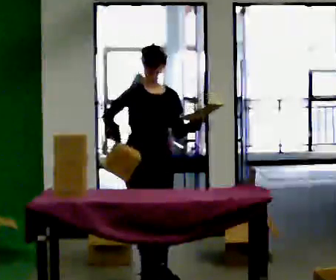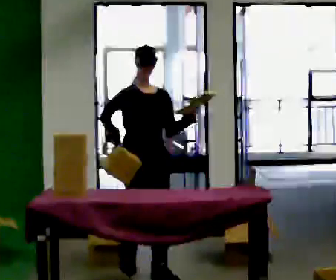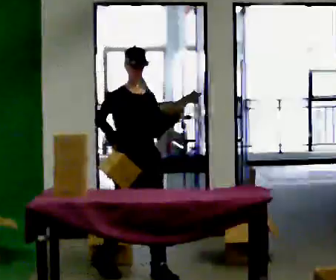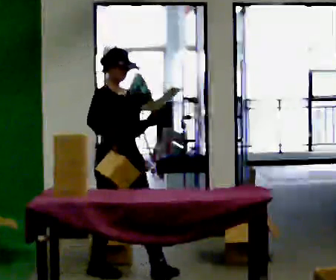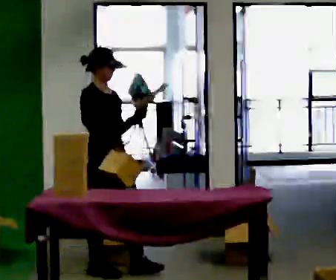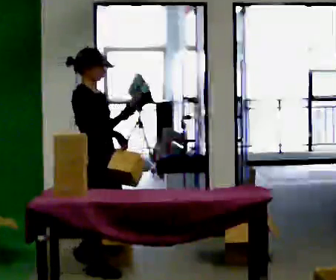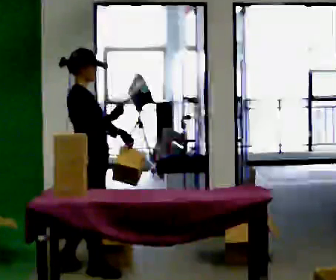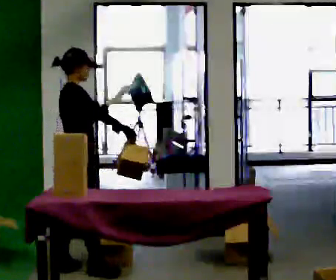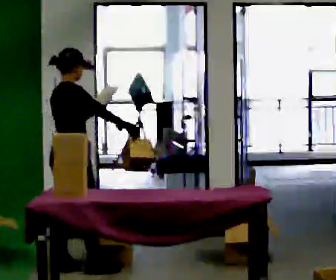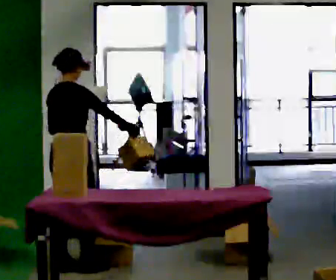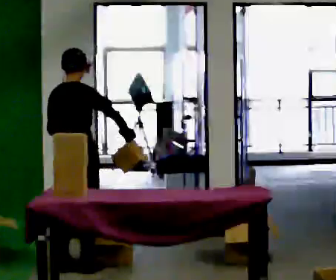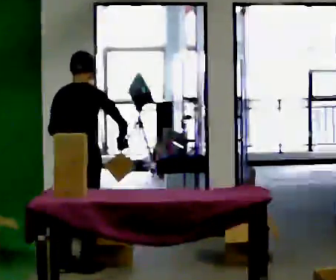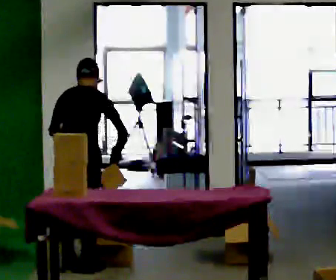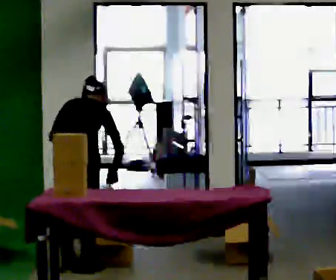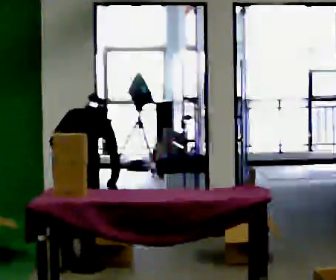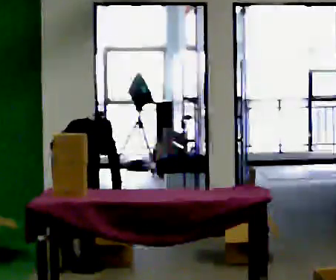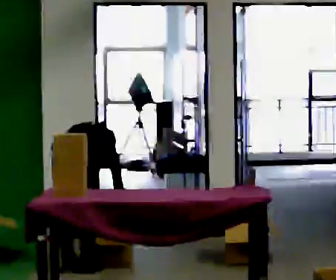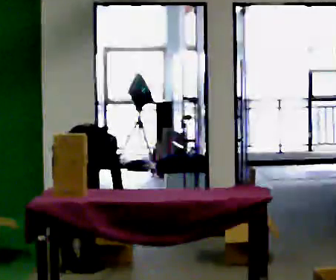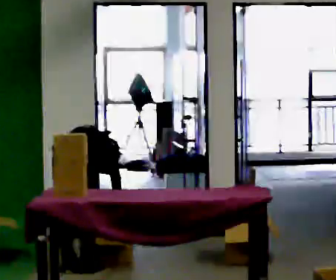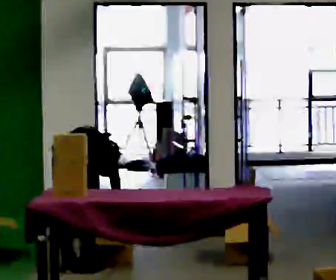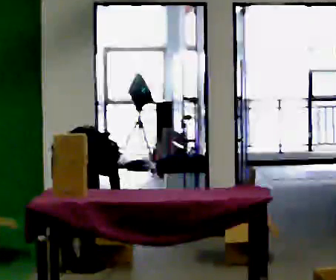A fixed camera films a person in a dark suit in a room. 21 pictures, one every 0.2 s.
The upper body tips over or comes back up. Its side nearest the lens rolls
upward.
The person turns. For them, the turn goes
to their left.
0.0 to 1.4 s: Seen from above the body turns counterclockwise, about 90 degrees: to their left, with its near side sliding to the right. In the picture they go to the left and away from the camera, about 0.5 m in 1 step.
1.4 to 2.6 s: The person turns about 75 degrees to their left, counterclockwise seen from above, so the part of the body nearest the lens slides to the right. The upper body tips away from the camera, its near side rolling upward, as they bend forward.
2.6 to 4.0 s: The upper body goes downward. The upper body tips away from the camera, its near side rolling upward, as they bend forward. In the picture their right hand goes downward.
The film runs backward here.
